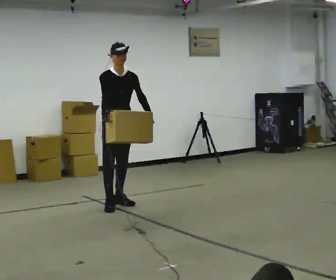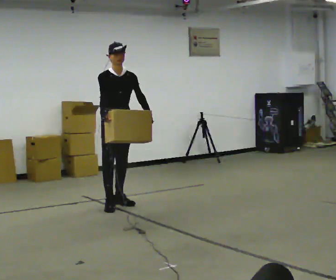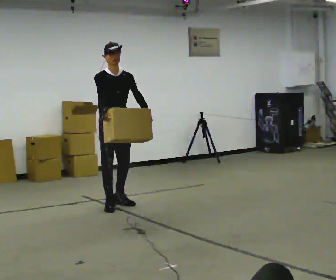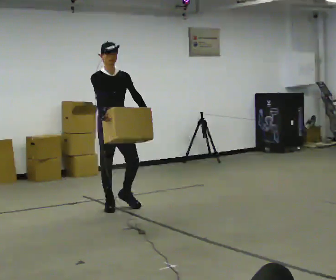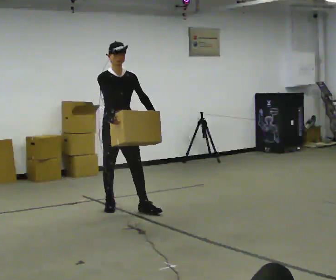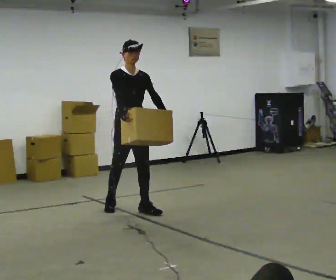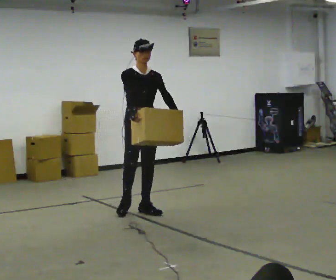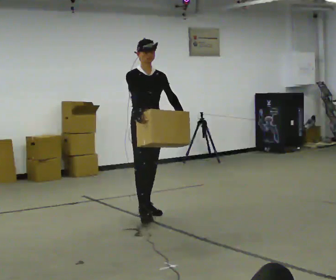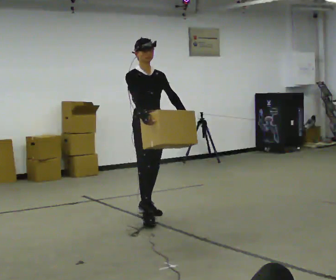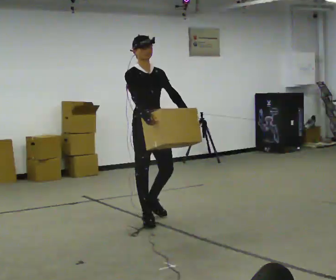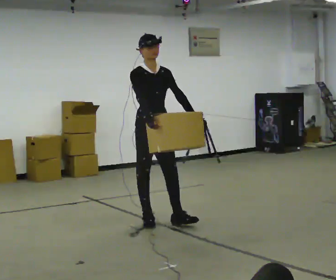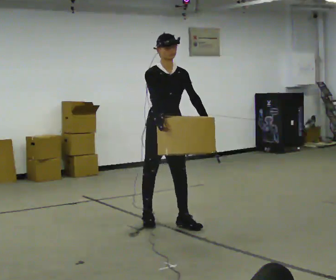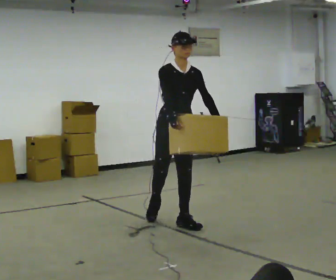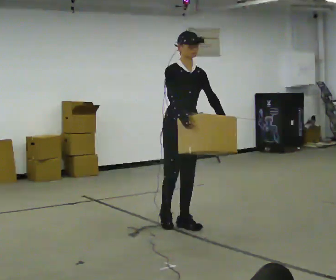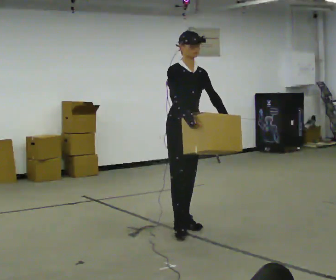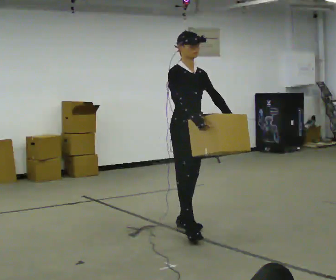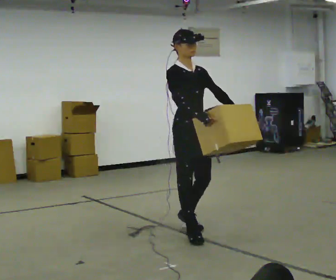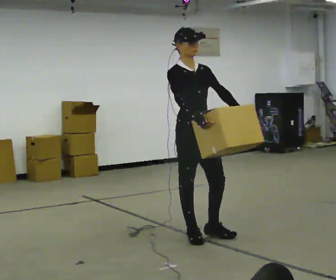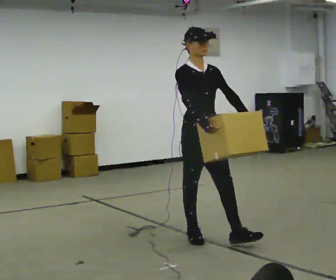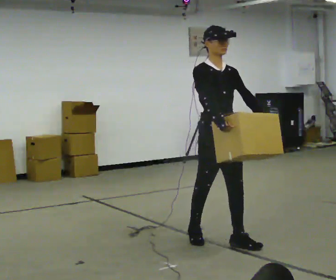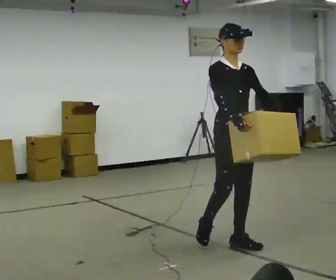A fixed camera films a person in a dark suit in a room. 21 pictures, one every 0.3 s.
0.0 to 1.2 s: In the picture they go toward the camera, about 0.25 m in 1 step, which for them is forward.
1.2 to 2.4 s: In the picture they go toward the camera and to the right, about 0.5 m in 1 step, which for them is forward.
2.4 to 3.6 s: In the picture they go toward the camera and to the right, about 0.5 m in 1 step, which for them is forward.
3.6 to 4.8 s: In the picture they go toward the camera, about 0.5 m in 1 step, which for them is forward.
4.8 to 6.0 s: In the picture they go toward the camera and to the right, about 0.5 m in 1 step, which for them is forward.
The film runs forward here.
